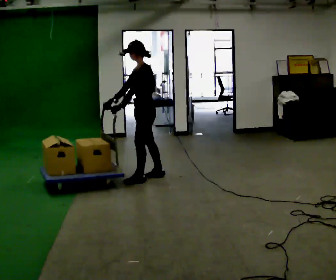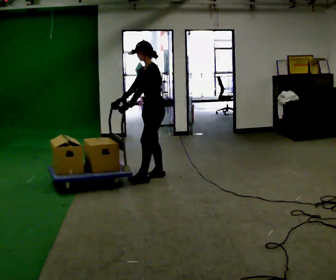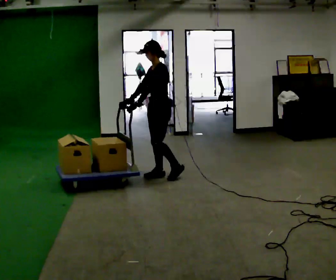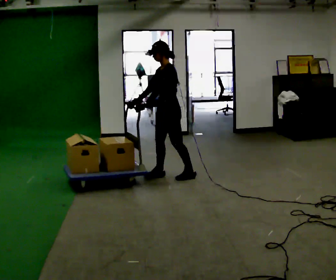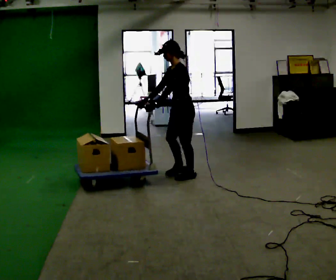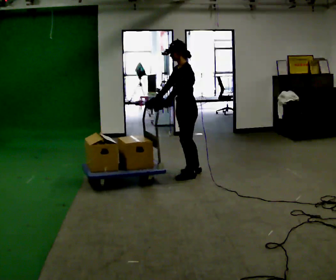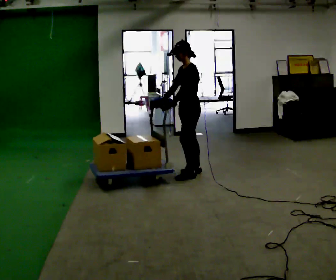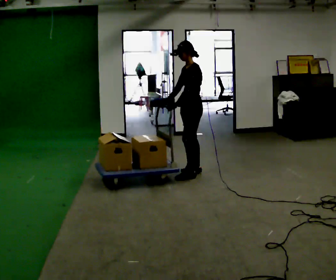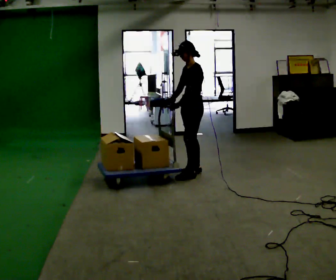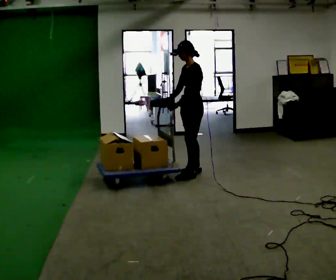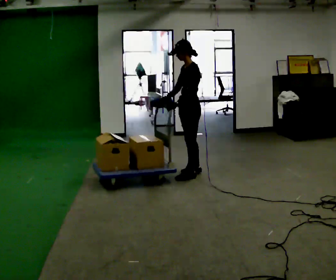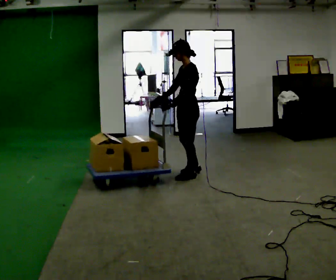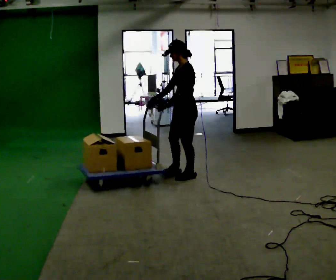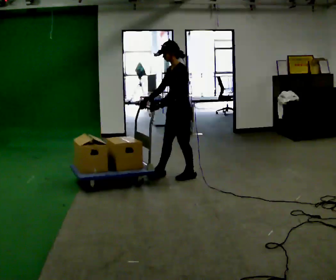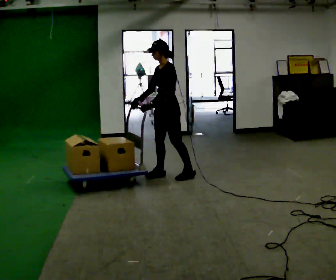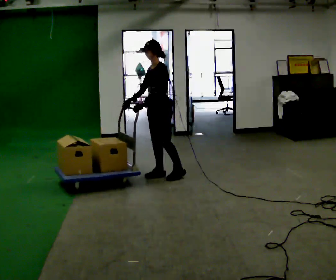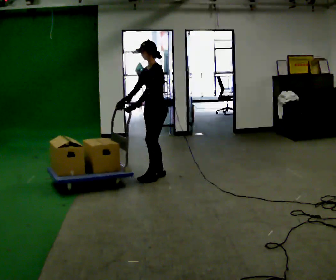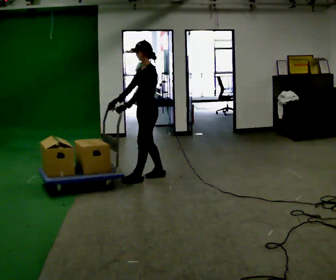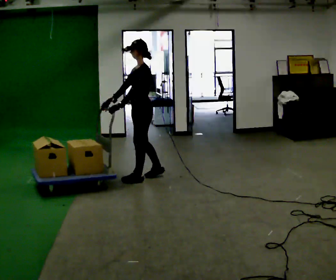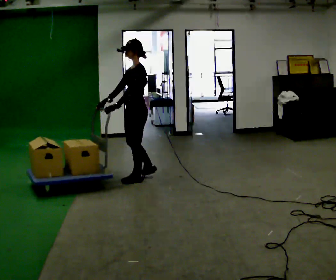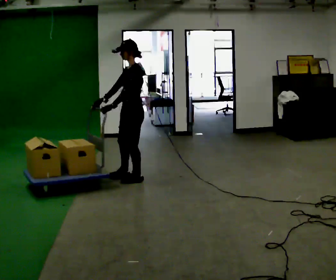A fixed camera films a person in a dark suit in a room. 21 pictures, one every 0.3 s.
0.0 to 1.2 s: In the picture they go to the right, about 0.5 m in 2 steps, which for them is backward.
1.2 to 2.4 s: In the picture they go away from the camera, about 0.25 m, which for them is backward and to their right.
2.4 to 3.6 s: In the picture they go toward the camera, about 0.25 m in 1 step, which for them is to their left.
3.6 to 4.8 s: In the picture they go to the left, about 0.25 m in 1 step, which for them is forward and to their right.
4.8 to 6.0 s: In the picture they go to the left and toward the camera, about 0.25 m in 1 step, which for them is forward and to their left.
The film runs backward here.
